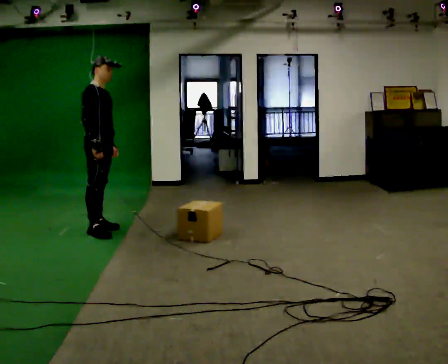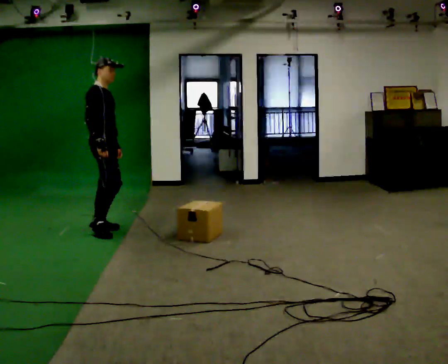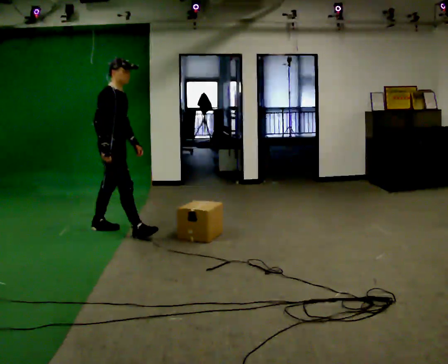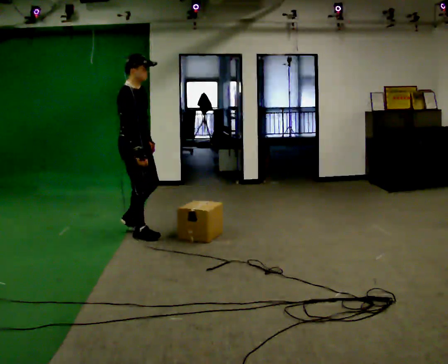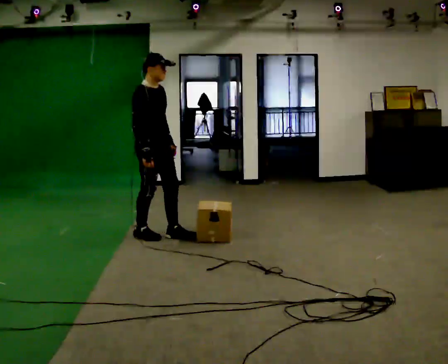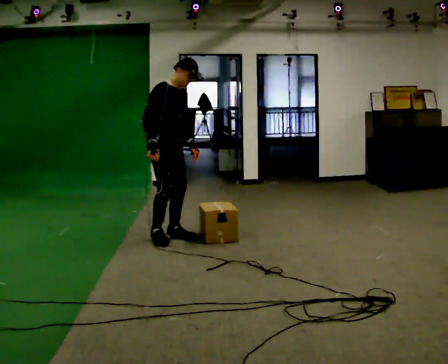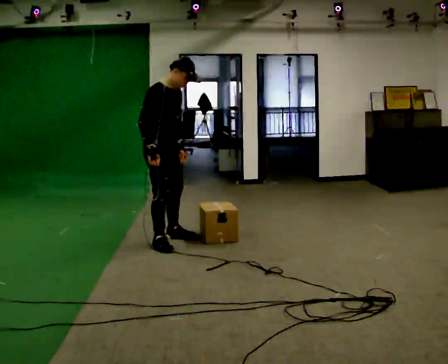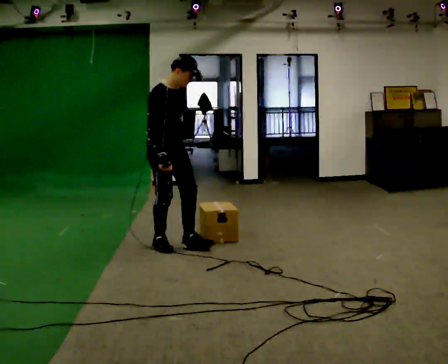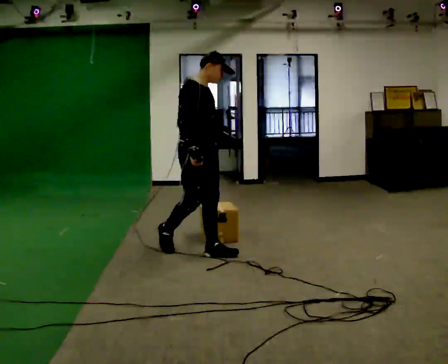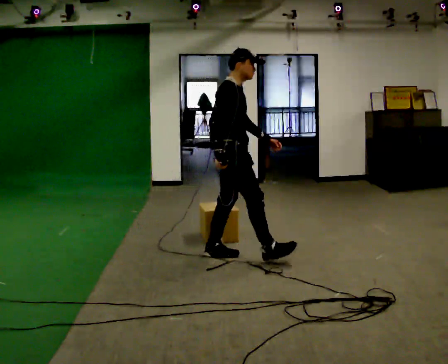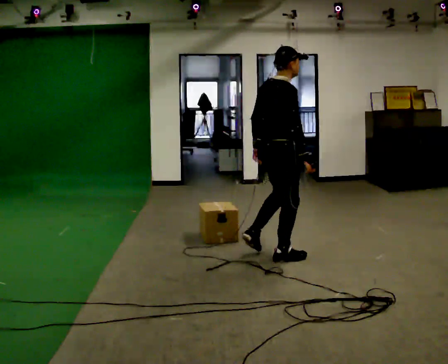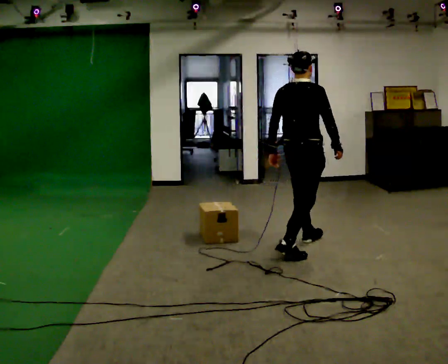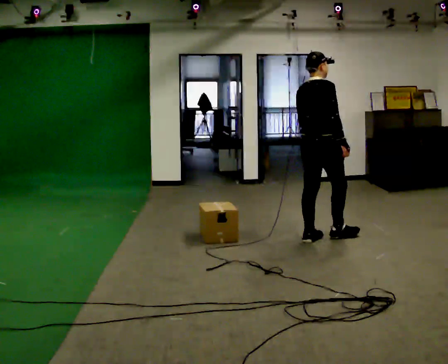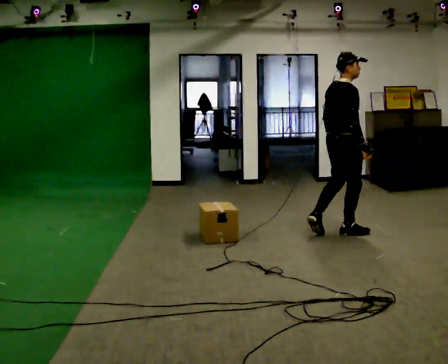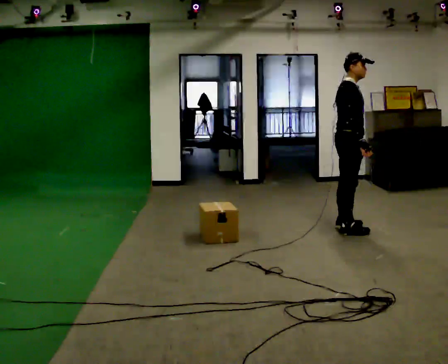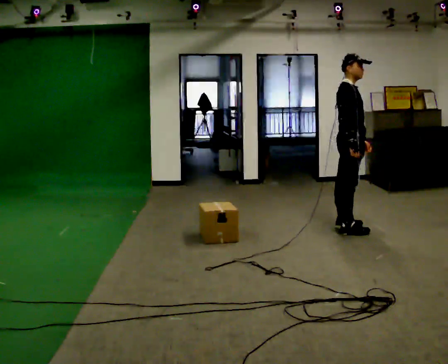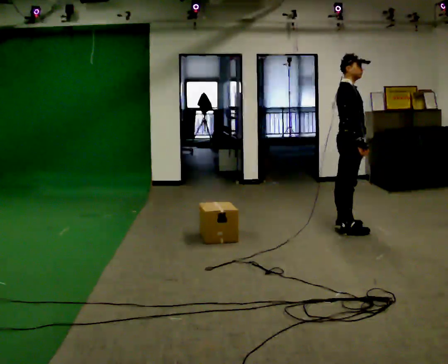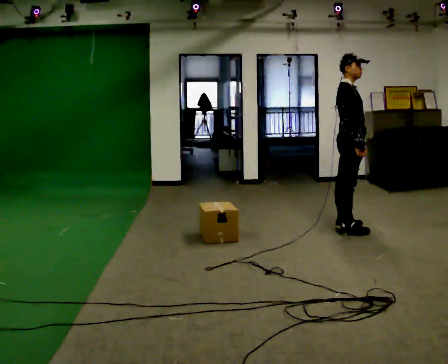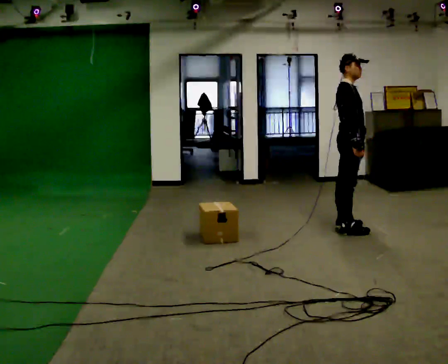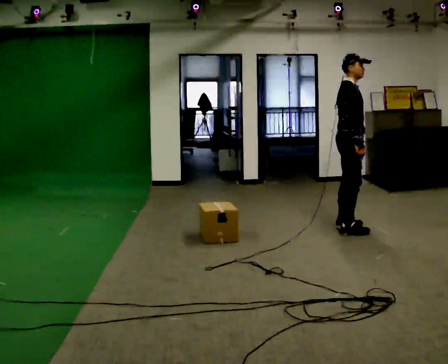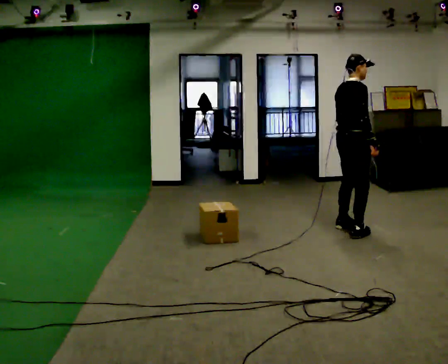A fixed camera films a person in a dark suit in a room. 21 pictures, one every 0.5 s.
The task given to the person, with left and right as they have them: Walk back and forth across the room at a normal pace, looking ahead. There may be something on the floor. Recover however comes naturally and carry on.
0.0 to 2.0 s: In the picture they go to the right, about 0.5 m in 2 steps, which for them is forward.
2.0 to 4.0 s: In the picture they go to the right and toward the camera, about 0.75 m in 2 steps, which for them is forward.
4.0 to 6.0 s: Seen from above the body turns counterclockwise, about 75 degrees: to their left, with its near side sliding to the right. In the picture they go to the right, about 1 m in 2 steps.
6.0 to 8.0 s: Seen from above the body turns clockwise, about 45 degrees: to their right, with its near side sliding to the left. In the picture they go away from the camera and to the right, about 0.5 m in 2 steps, which for them is to their left and forward.
8.0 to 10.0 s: The part of the body nearest the lens slides to the right as the person turns to their left by about 30 degrees.
The film runs forward here.
